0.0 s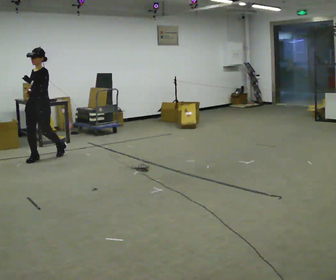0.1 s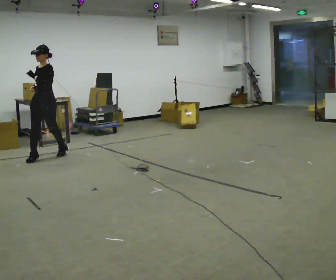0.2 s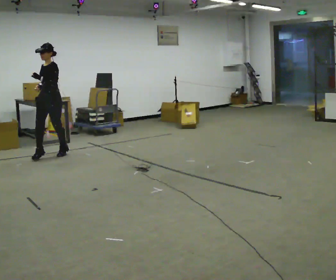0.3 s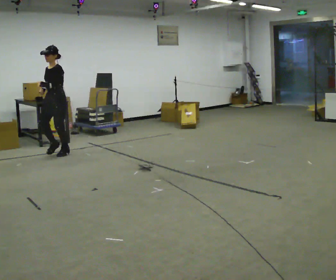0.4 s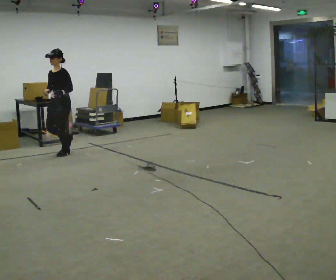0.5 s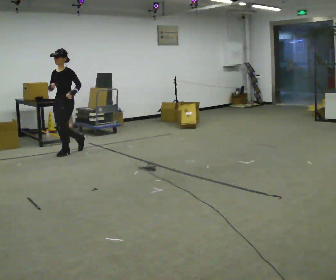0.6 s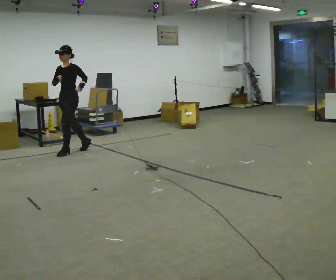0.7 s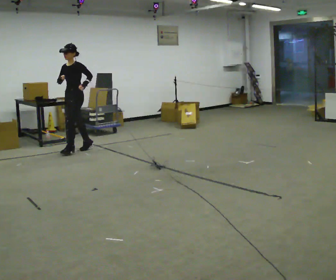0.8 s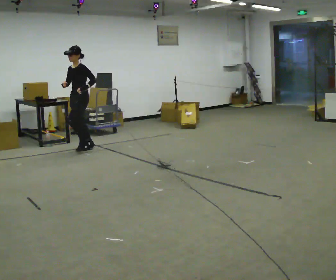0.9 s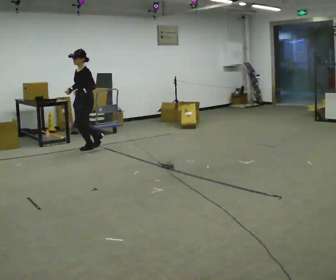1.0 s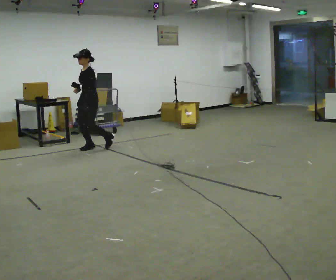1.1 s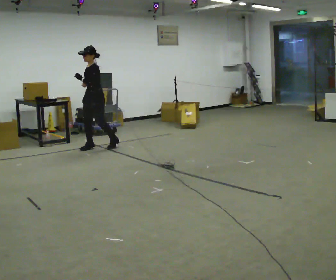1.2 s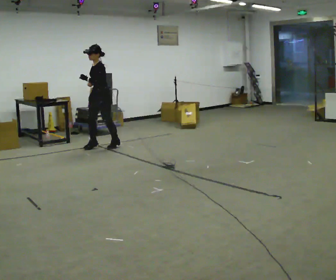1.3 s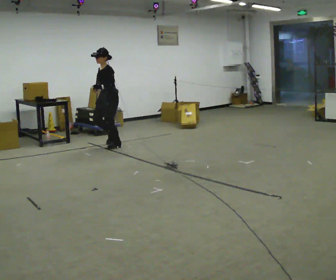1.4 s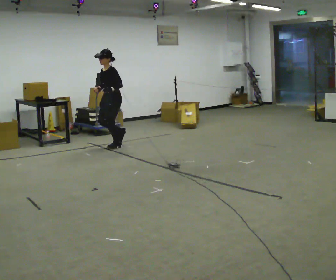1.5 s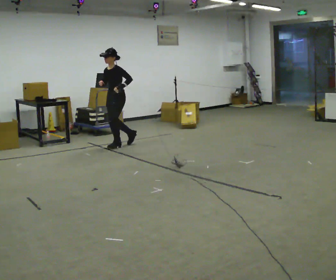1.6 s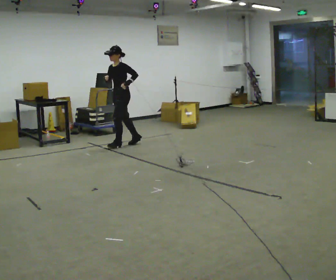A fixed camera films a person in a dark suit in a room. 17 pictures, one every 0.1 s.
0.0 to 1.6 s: Seen from above the body turns clockwise, about 30 degrees: to their right, with its near side sliding to the left. In the picture they go to the right and away from the camera, about 1.5 m in 4 steps, which for them is backward.
The film runs backward here.
